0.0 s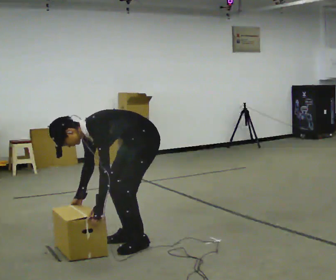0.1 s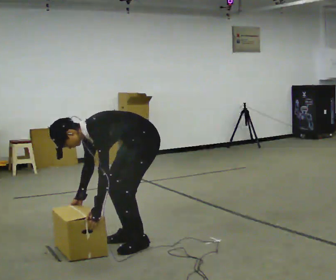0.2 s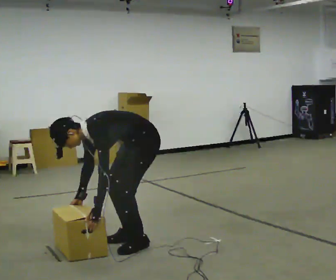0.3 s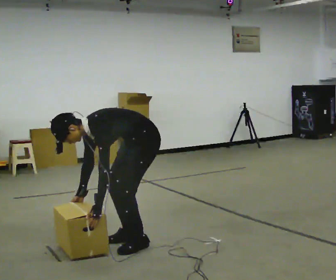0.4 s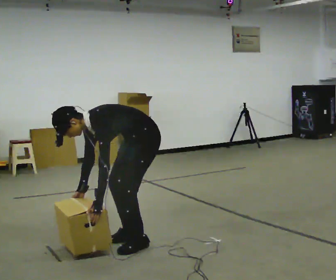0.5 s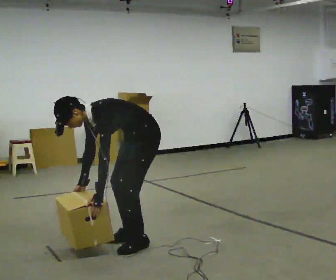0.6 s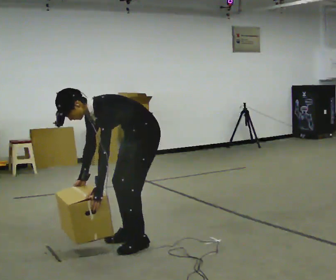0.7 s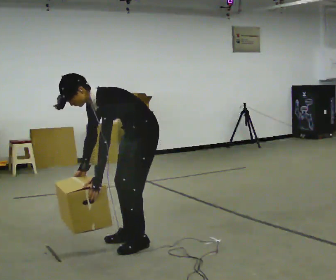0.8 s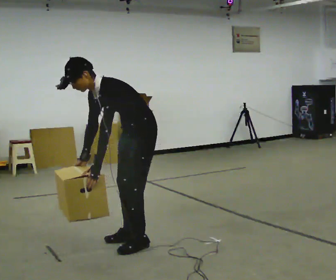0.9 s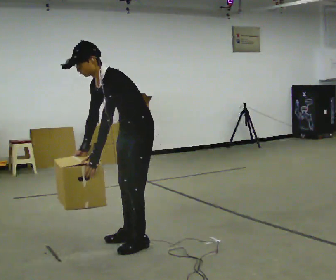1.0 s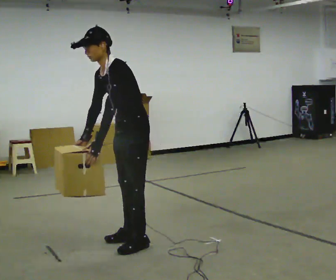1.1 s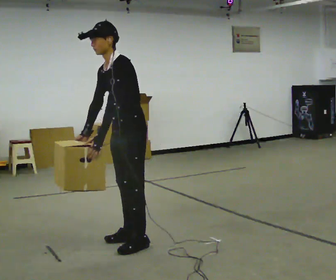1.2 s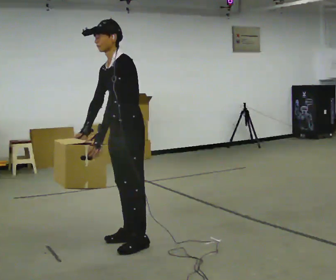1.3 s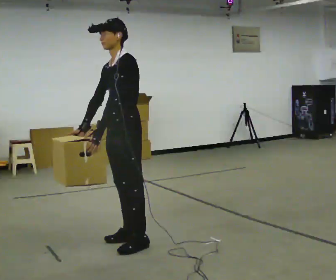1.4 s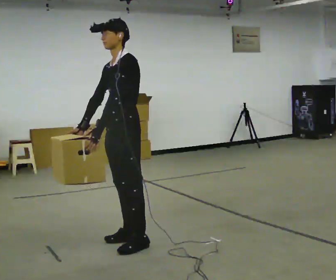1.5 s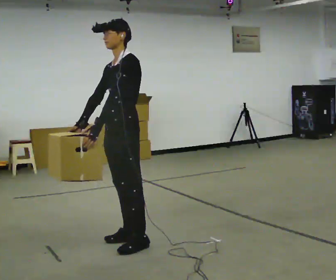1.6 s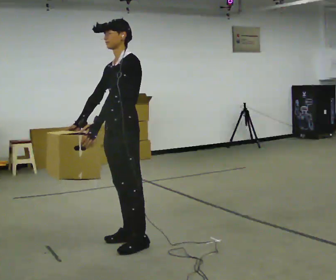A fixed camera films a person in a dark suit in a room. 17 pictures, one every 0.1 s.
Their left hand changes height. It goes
upward.
The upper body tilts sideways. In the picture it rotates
clockwise.
0.0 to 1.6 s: In the picture they go to the left, about 0.25 m, which for them is forward. The shoulders move upward. In the picture the upper body tilts clockwise, shoulders to the right, as they lean back or straighten. In the picture their right hand goes upward.
The film runs forward here.
